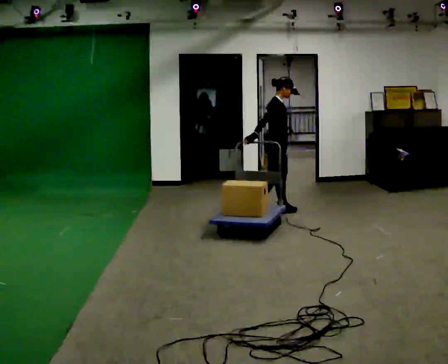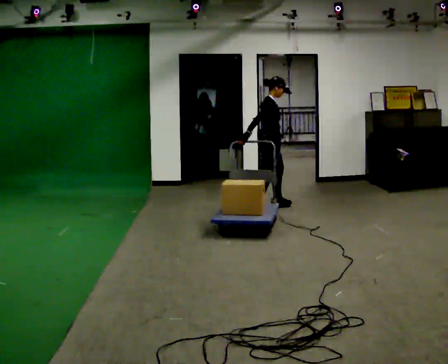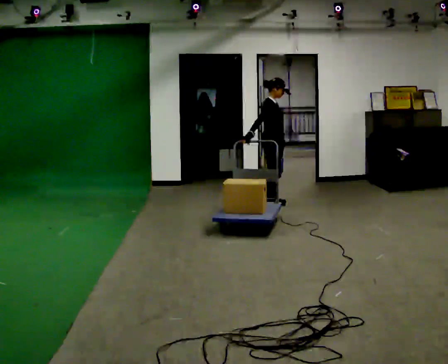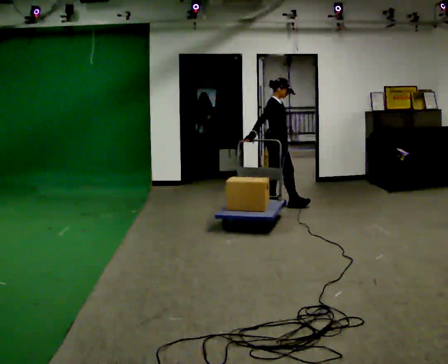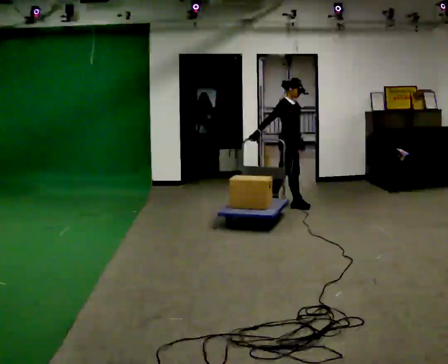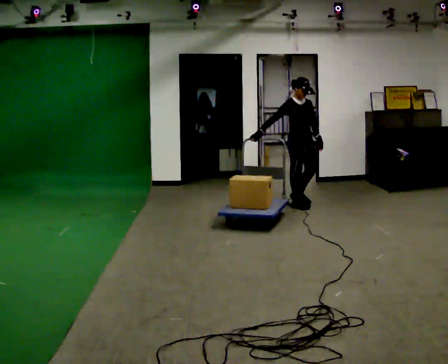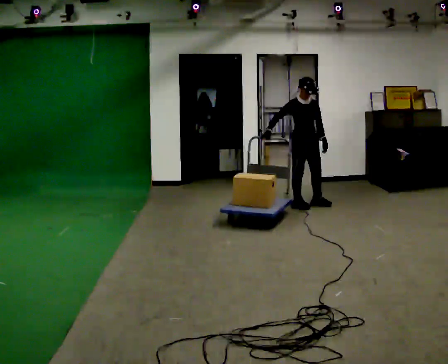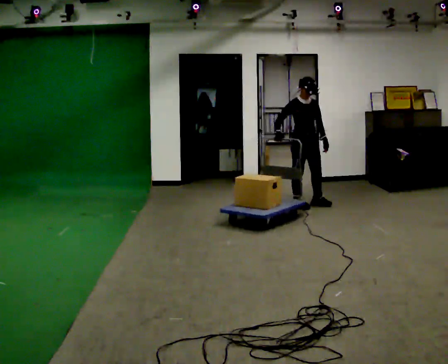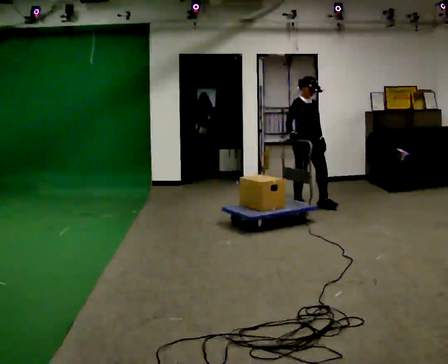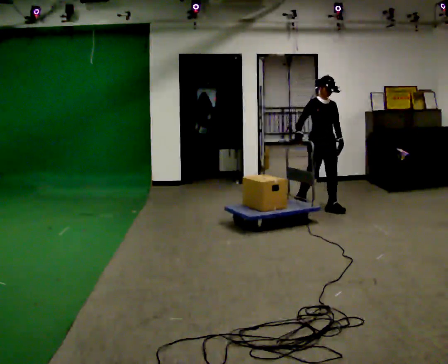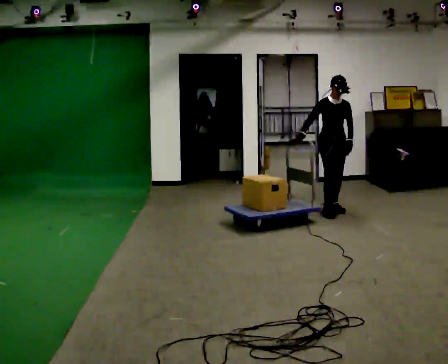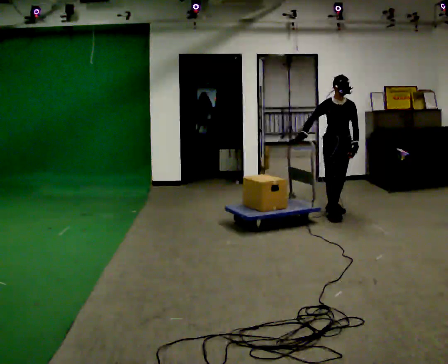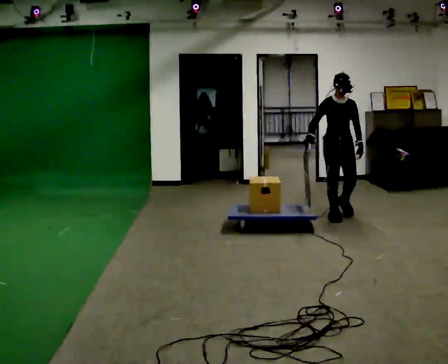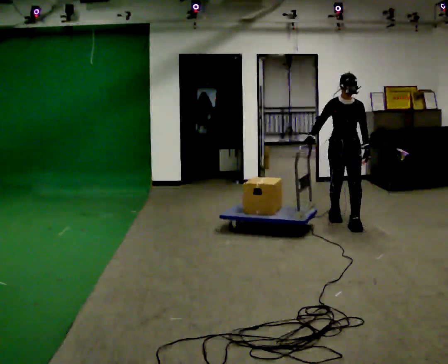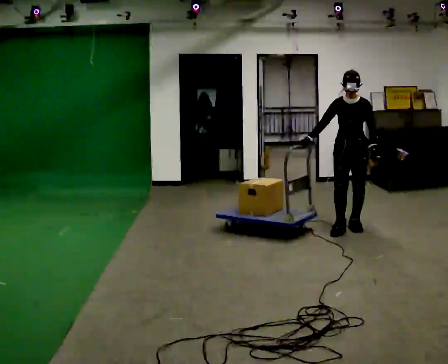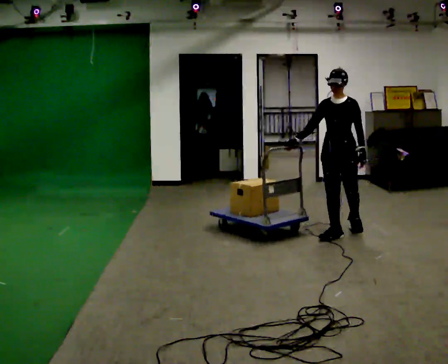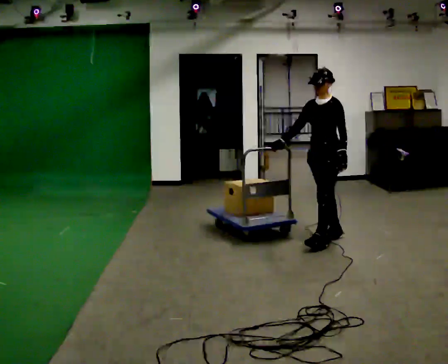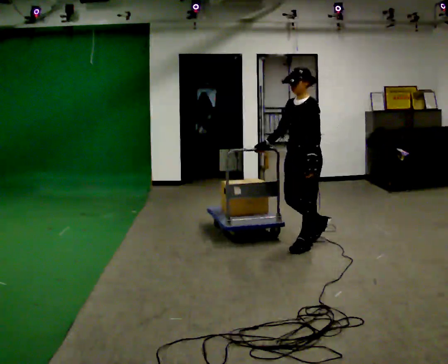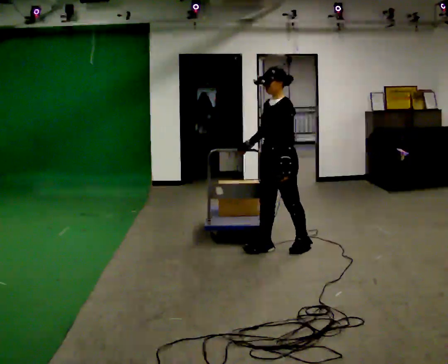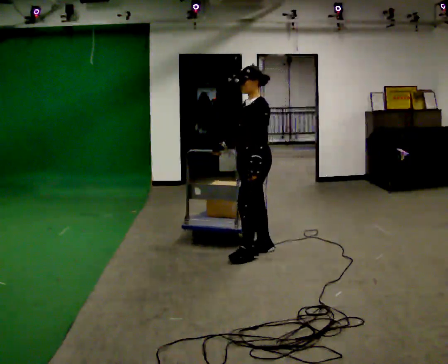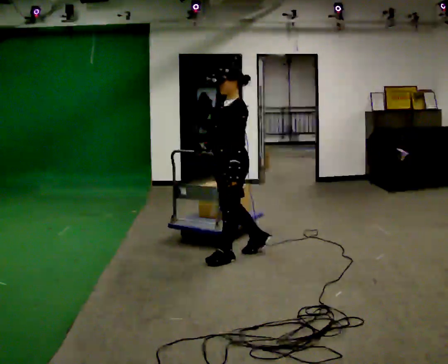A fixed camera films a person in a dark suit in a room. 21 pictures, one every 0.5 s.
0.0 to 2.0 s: In the picture they go away from the camera, about 0.25 m in 2 steps, which for them is to their left and forward.
2.0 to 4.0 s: Seen from above the body turns clockwise, about 30 degrees: to their right, with its near side sliding to the left. In the picture they go to the right, about 0.25 m in 1 step, which for them is forward. In the picture their right hand goes to the right.
4.0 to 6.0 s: Seen from above the body turns clockwise, about 30 degrees: to their right, with its near side sliding to the left. In the picture they go toward the camera and to the right, about 0.75 m in 2 steps, which for them is forward.
6.0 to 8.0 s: The part of the body nearest the lens slides to the left as the person turns to their right by about 60 degrees. In the picture they go toward the camera, about 1 m in 2 steps, which for them is forward.
8.0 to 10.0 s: In the picture they go to the left and toward the camera, about 1 m in 3 steps, which for them is forward.
The film runs forward here.
